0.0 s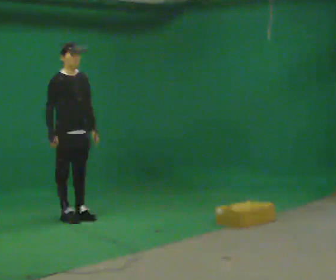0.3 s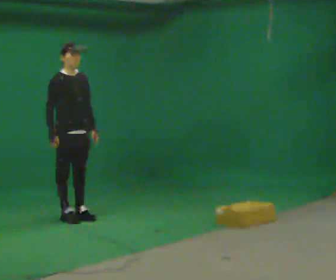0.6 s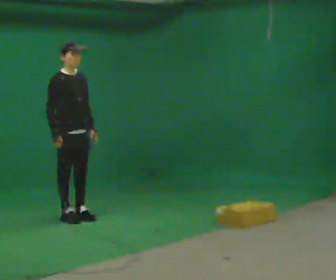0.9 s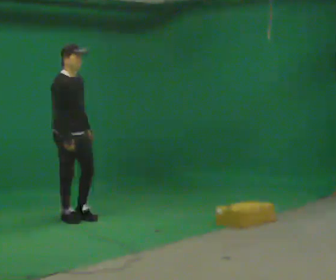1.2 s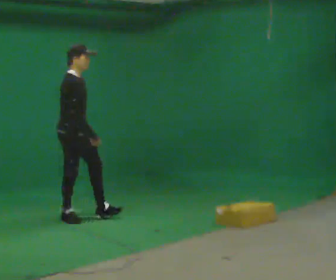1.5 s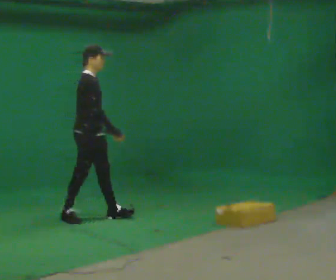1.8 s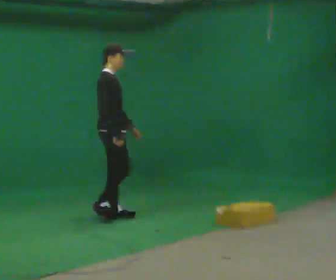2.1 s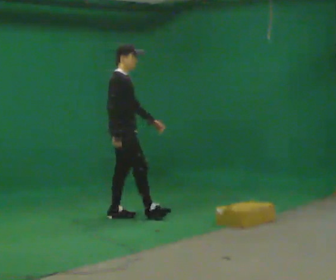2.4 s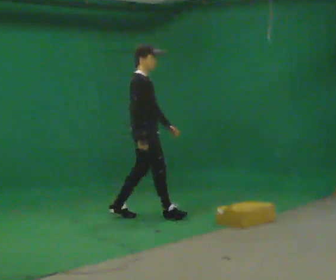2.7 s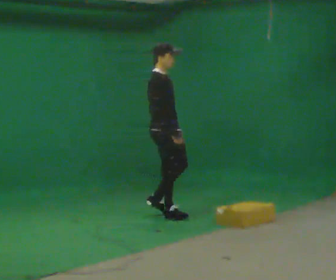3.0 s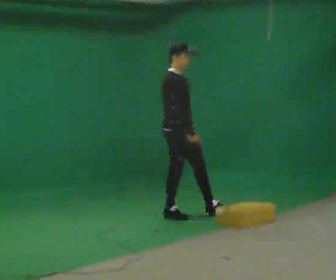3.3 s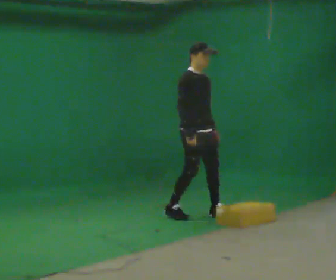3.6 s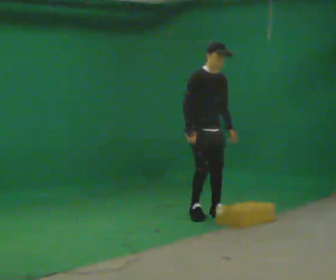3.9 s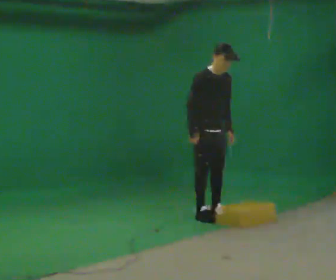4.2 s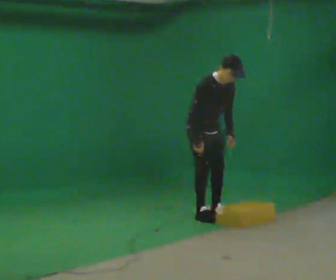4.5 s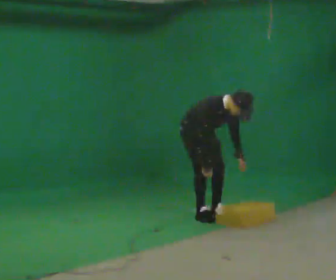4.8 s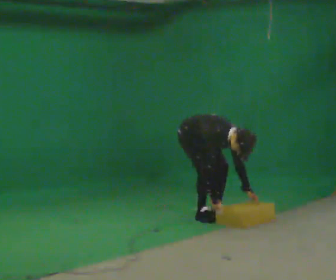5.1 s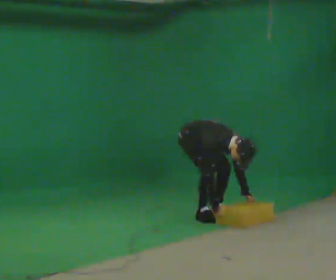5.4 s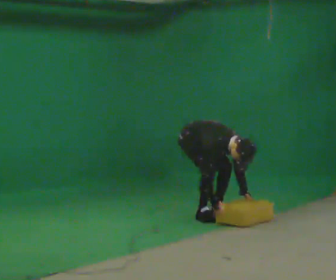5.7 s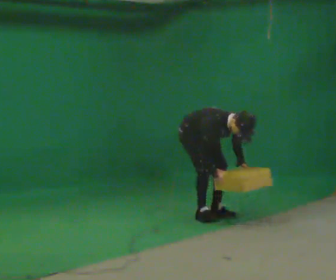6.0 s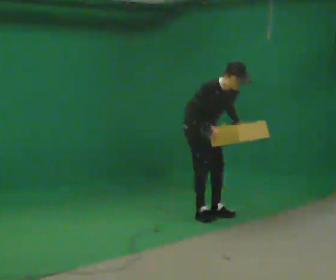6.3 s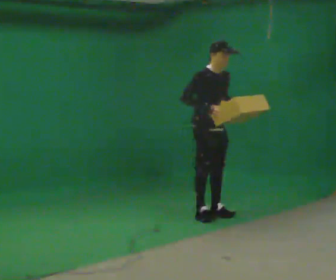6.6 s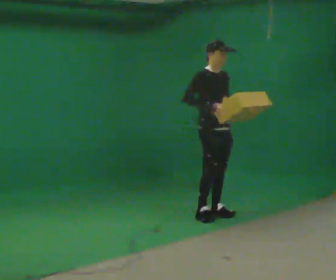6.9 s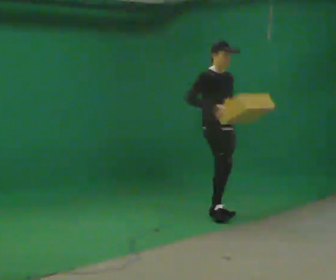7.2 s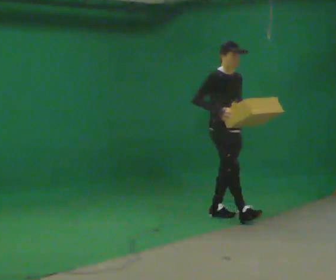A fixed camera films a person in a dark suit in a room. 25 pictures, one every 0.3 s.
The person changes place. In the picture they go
to the right.
0.0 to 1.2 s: Seen from above the body turns counterclockwise, about 30 degrees: to their left, with its near side sliding to the right. In the picture their right hand goes to the right.
1.2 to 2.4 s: In the picture they go to the right, about 0.5 m in 2 steps, which for them is forward.
2.4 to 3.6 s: The part of the body nearest the lens slides to the left as the person turns to their right by about 45 degrees. In the picture they go to the right, about 0.5 m in 1 step, which for them is forward and to their left.
3.6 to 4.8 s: The upper body goes downward. In the picture the upper body tilts clockwise, shoulders to the right, as they bend forward. In the picture their left hand goes downward.
4.8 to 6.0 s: The shoulders move upward. In the picture the upper body tilts counterclockwise, shoulders to the left, as they lean back or straighten. In the picture their left hand goes upward.
6.0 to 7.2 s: In the picture they go to the right, about 0.25 m, which for them is forward. In the picture the upper body tilts counterclockwise, shoulders to the left, as they lean back or straighten.
The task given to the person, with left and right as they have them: Walk forward noticeably slower than normal; do not shuffle; stop.
The film runs forward here.
